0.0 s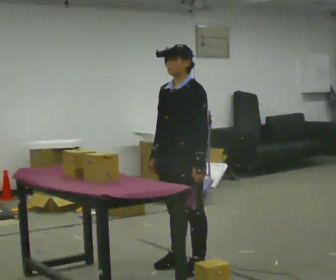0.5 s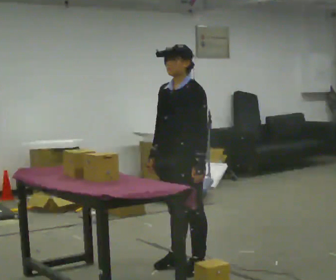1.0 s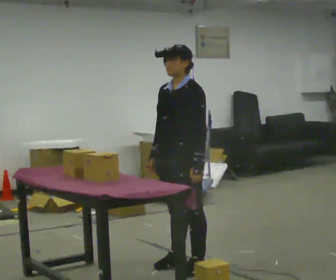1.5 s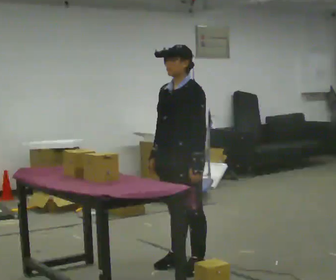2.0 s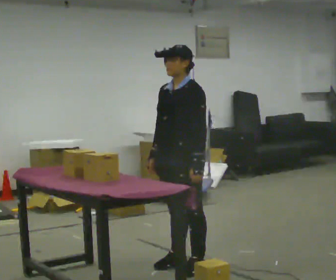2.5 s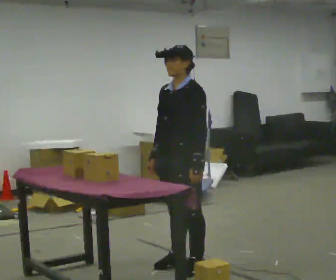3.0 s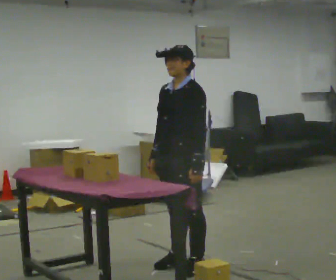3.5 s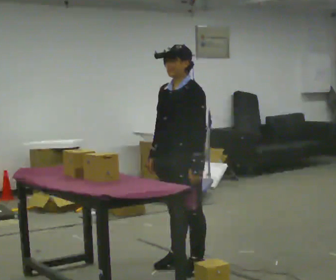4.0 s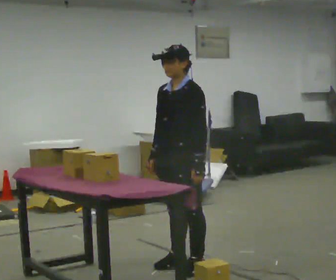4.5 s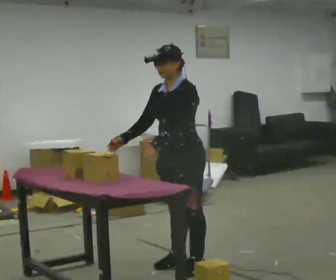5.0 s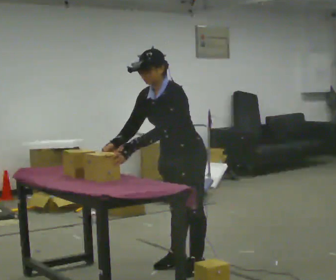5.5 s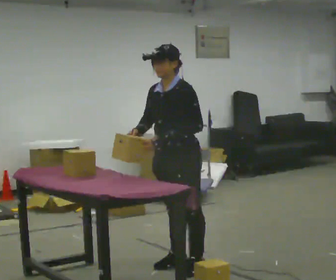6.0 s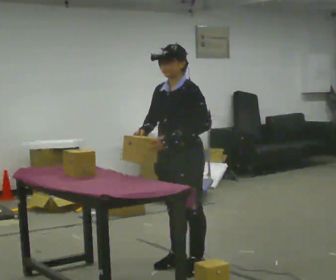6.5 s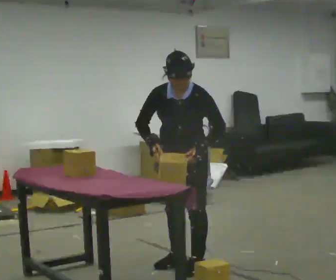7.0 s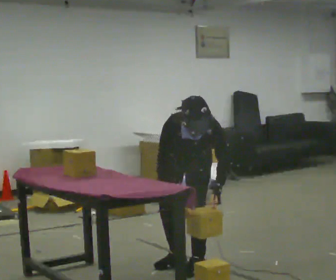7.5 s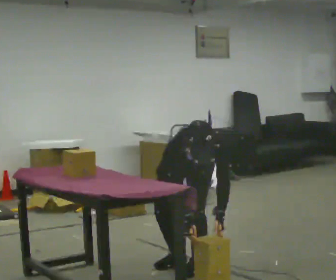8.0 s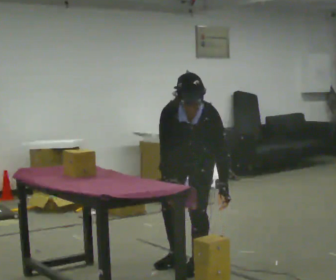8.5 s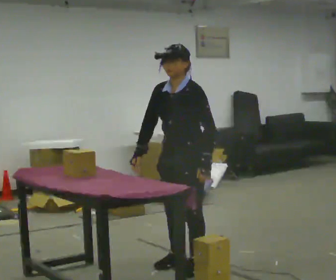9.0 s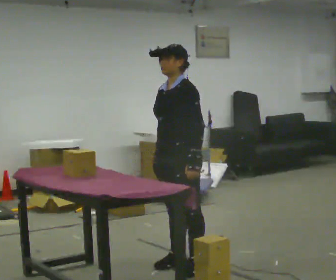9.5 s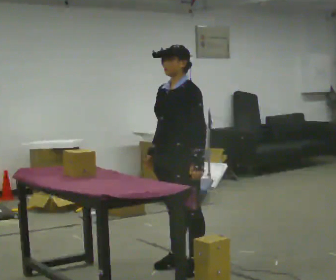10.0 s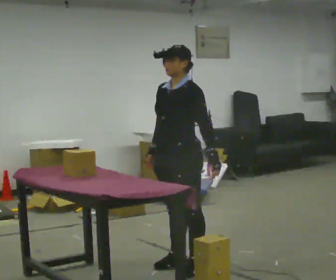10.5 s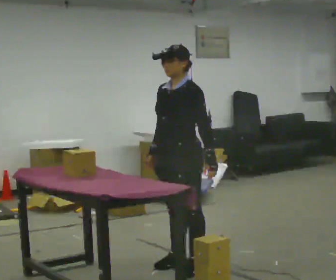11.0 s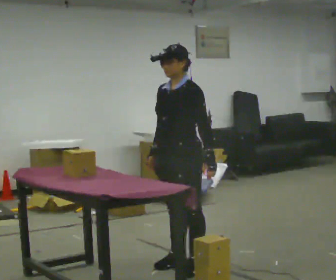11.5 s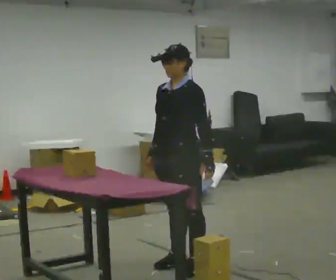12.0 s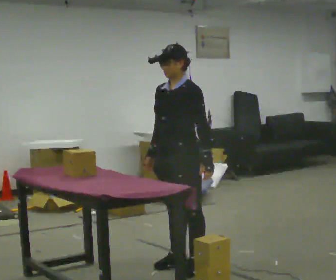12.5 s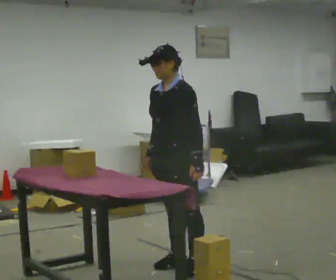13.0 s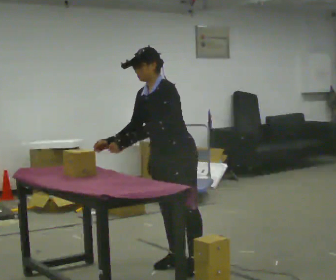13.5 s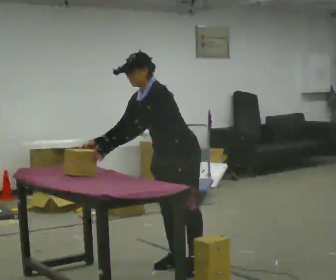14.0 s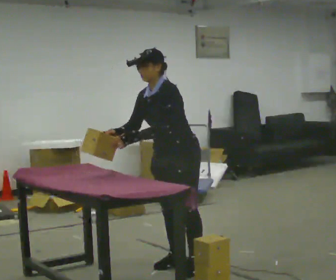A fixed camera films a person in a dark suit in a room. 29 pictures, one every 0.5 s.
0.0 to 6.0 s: The person moves a little, or ends about where they began.
6.0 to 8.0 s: Seen from above the body turns counterclockwise, about 30 degrees: to their left, with its near side sliding to the right. In the picture their left hand goes to the right and downward.
8.0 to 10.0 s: Seen from above the body turns clockwise, about 30 degrees: to their right, with its near side sliding to the left. The upper body tips away from the camera, its near side rolling upward, as they lean back or straighten.
10.0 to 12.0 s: The person moves a little, or ends about where they began.
12.0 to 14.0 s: In the picture their left hand goes to the left, the arm swinging clockwise.
The film runs forward here.
